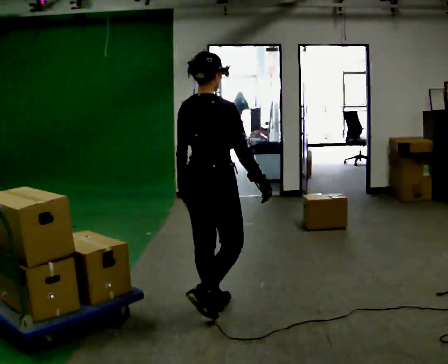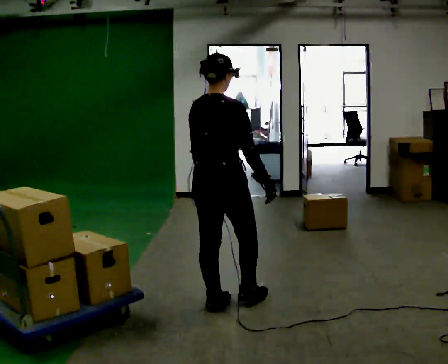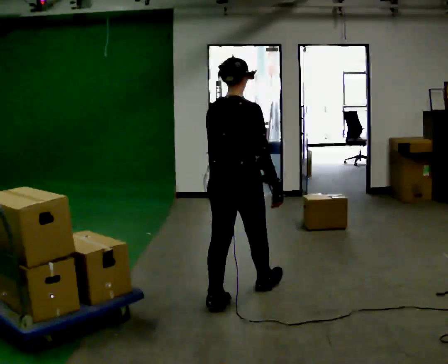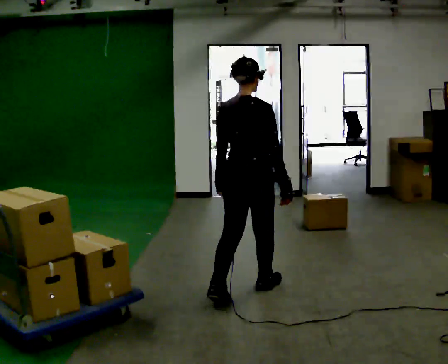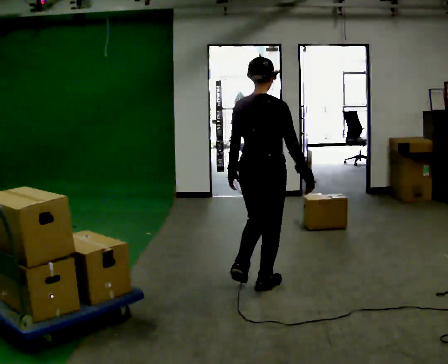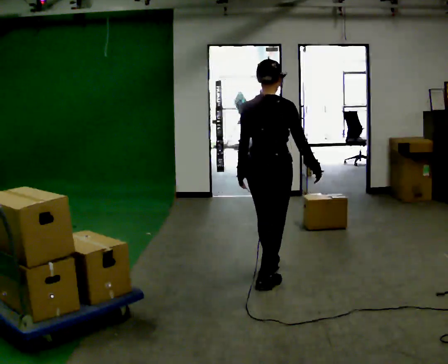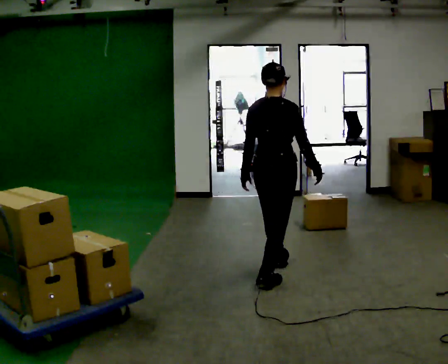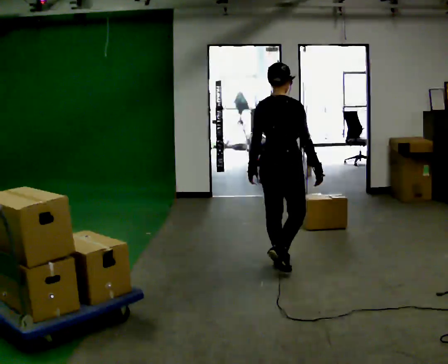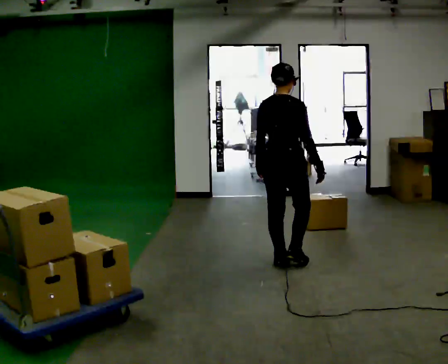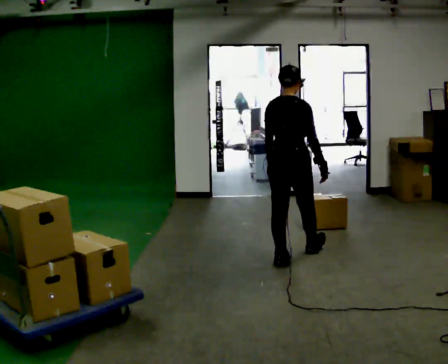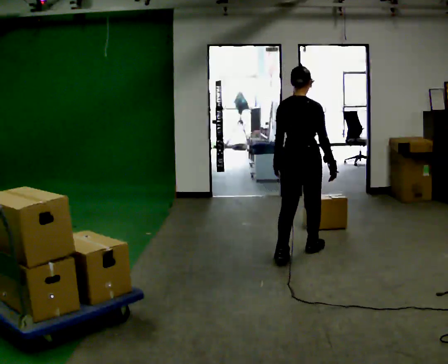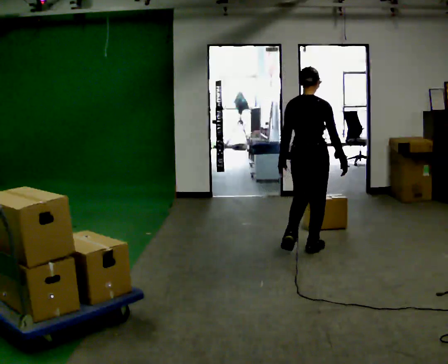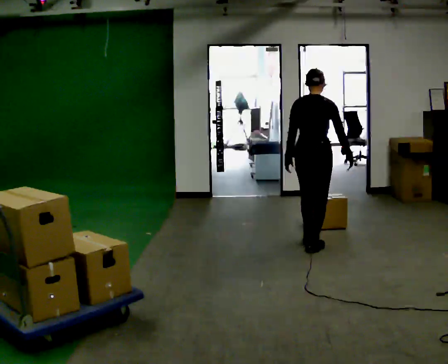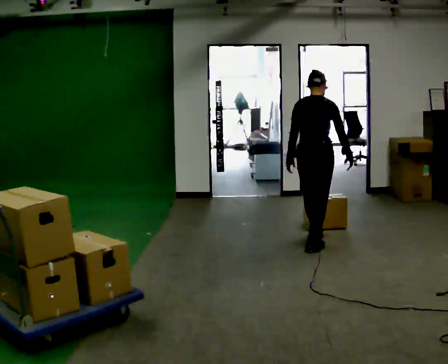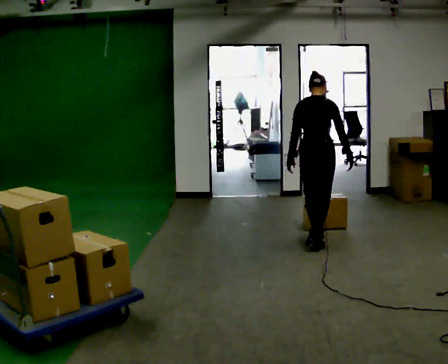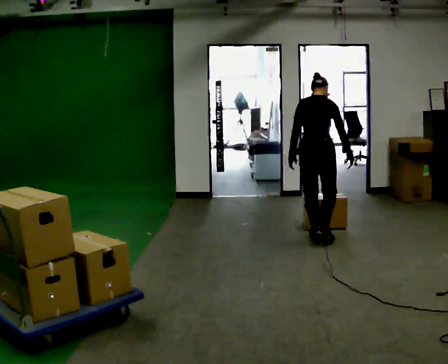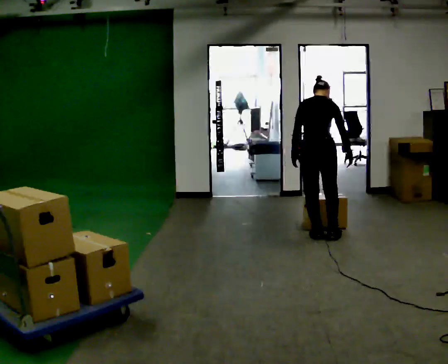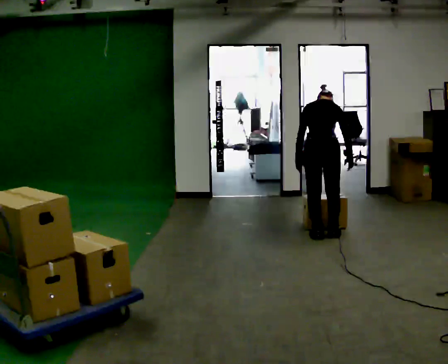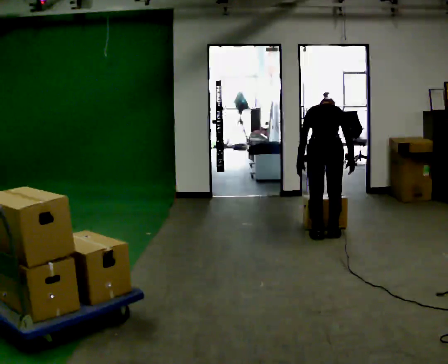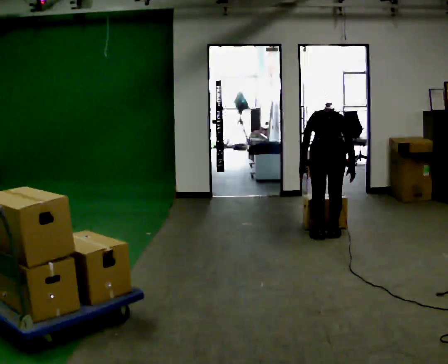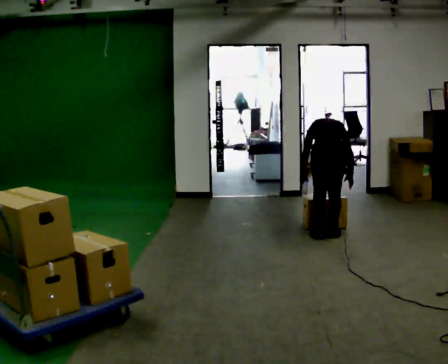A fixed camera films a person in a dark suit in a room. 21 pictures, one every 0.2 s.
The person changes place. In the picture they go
away from the camera.
The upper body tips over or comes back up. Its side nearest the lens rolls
upward.
0.0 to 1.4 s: In the picture they go away from the camera and to the right, about 1 m in 2 steps, which for them is forward.
1.4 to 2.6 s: In the picture they go away from the camera and to the right, about 0.5 m in 2 steps, which for them is forward.
2.6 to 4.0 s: In the picture they go away from the camera, about 0.25 m in 1 step, which for them is forward. The upper body goes downward. The upper body tips away from the camera, its near side rolling upward, as they bend forward.
The film runs forward here.
